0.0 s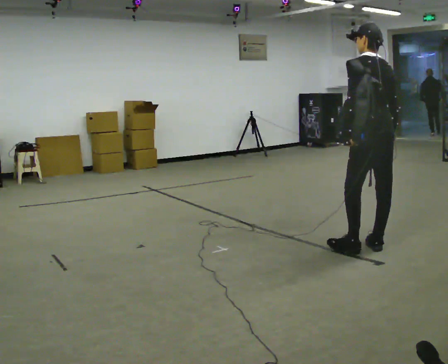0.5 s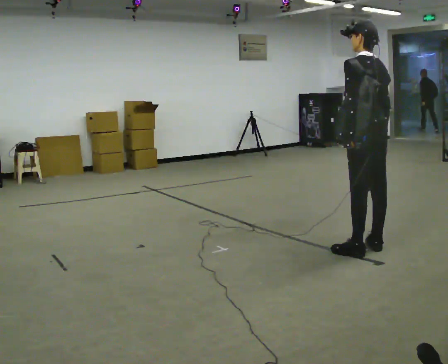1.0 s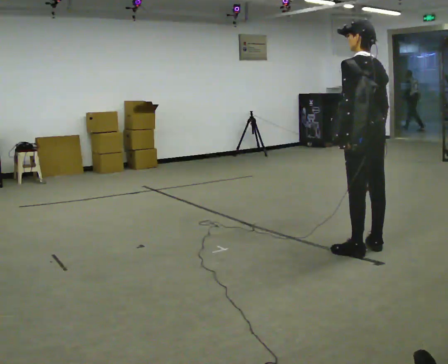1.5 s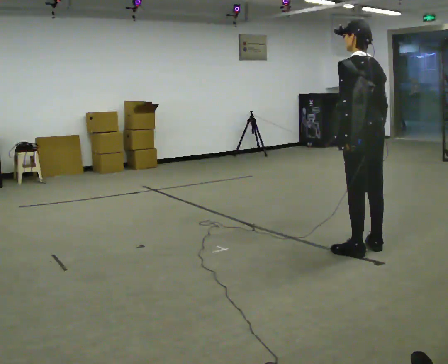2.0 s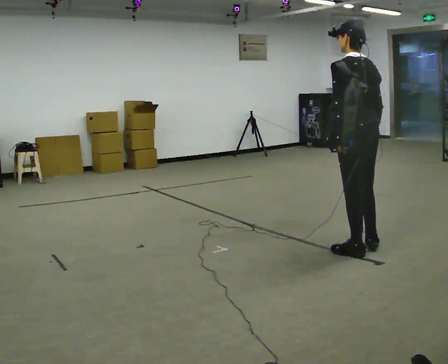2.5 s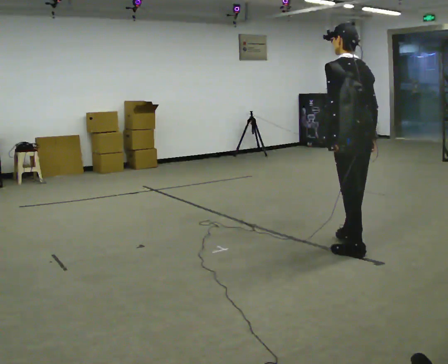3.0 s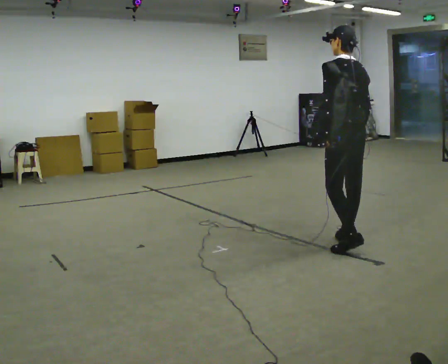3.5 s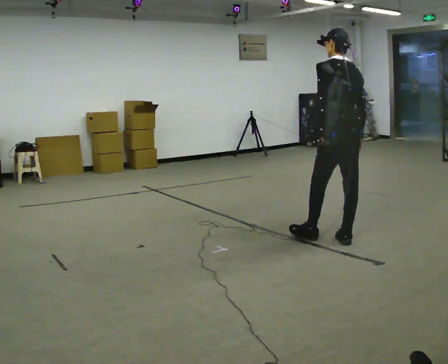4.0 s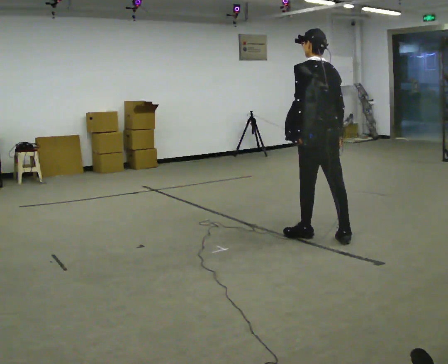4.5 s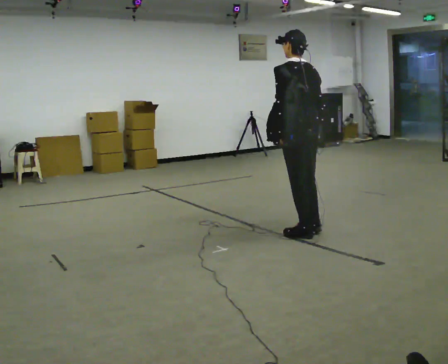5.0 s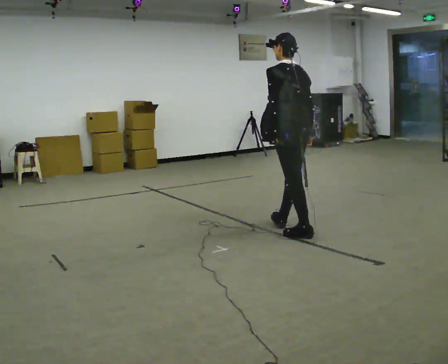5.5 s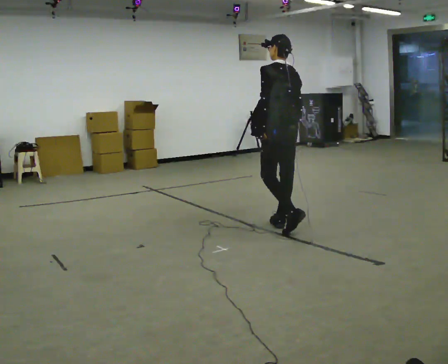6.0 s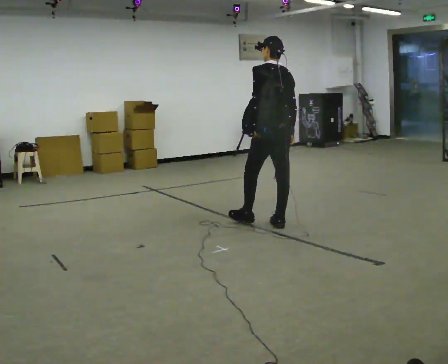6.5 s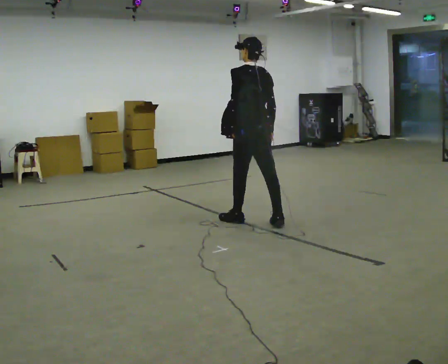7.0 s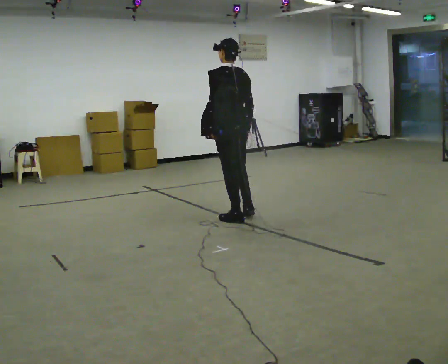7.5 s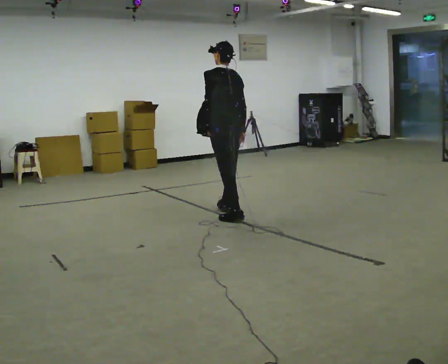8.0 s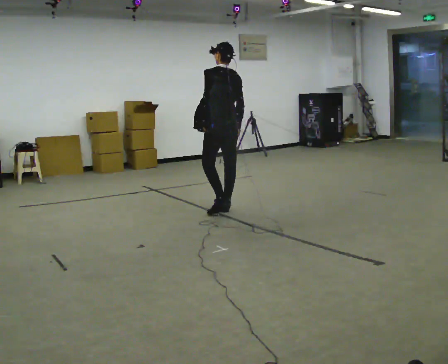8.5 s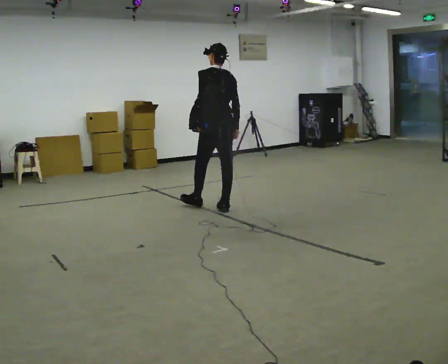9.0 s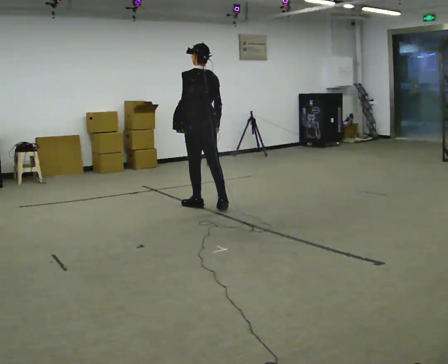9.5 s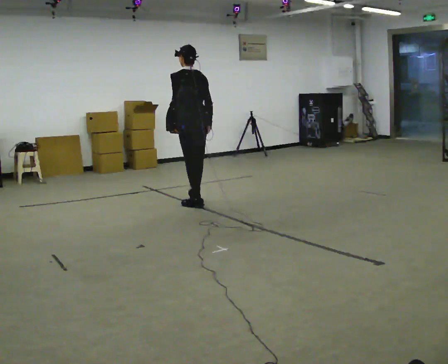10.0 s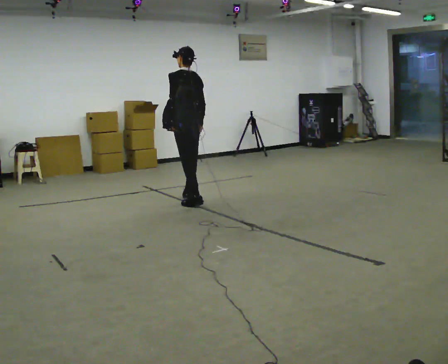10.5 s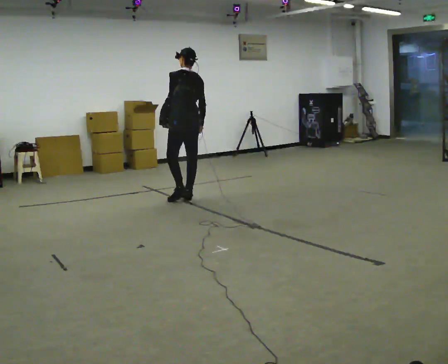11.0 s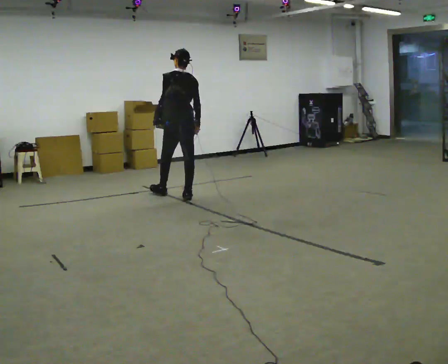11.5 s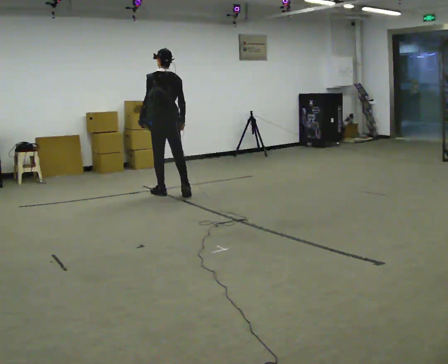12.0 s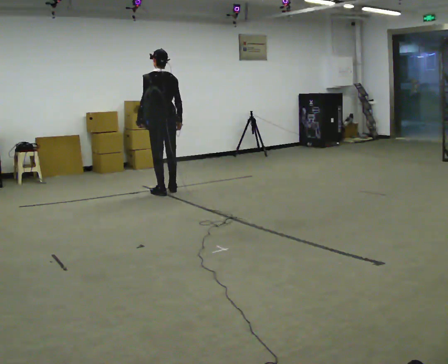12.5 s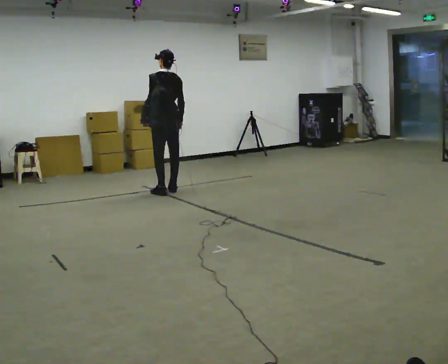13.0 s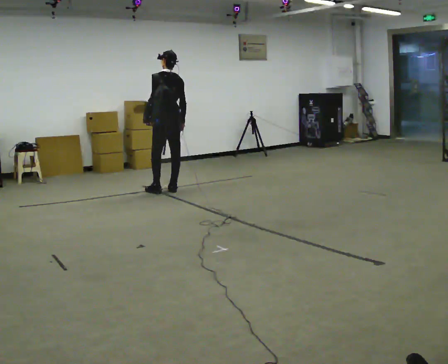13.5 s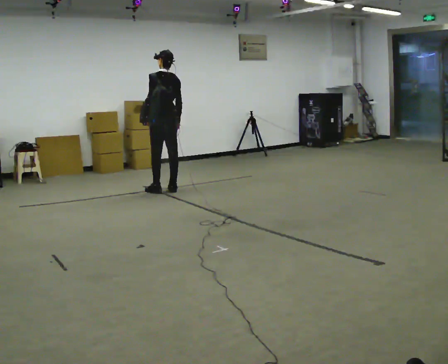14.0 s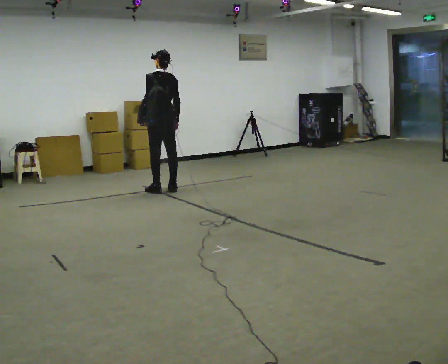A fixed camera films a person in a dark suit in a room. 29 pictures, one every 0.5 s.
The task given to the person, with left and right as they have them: Put the soft bag up onto your shoulder and carry it across the room, back and forth.
0.0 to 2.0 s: The person moves a little, or ends about where they began.
2.0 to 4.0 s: In the picture they go away from the camera and to the left, about 0.5 m in 2 steps, which for them is forward.
4.0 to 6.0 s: In the picture they go away from the camera and to the left, about 0.5 m in 1 step, which for them is forward.
6.0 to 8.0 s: In the picture they go away from the camera and to the left, about 0.5 m in 2 steps, which for them is forward.
8.0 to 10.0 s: In the picture they go away from the camera and to the left, about 0.5 m in 2 steps, which for them is forward.
10.0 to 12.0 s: In the picture they go away from the camera and to the left, about 0.5 m in 2 steps, which for them is forward.
12.0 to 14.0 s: In the picture they go away from the camera, about 0.25 m in 1 step, which for them is forward.
The film runs forward here.
